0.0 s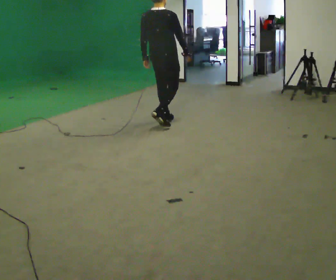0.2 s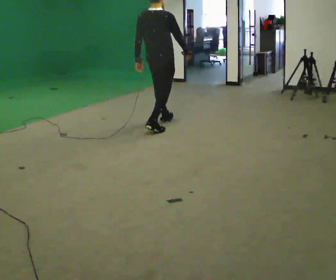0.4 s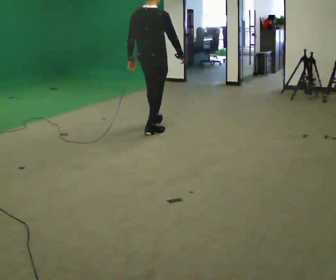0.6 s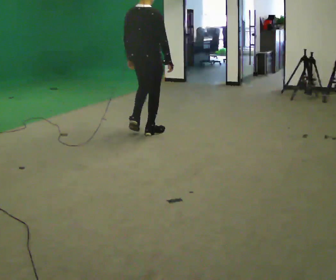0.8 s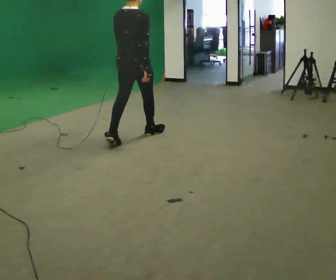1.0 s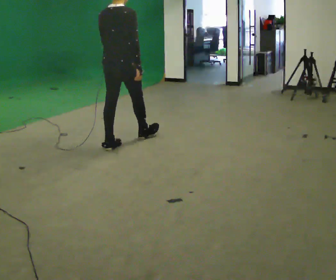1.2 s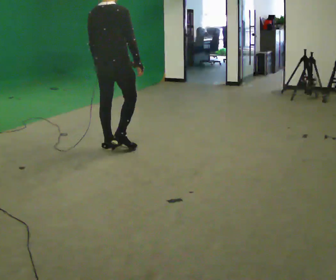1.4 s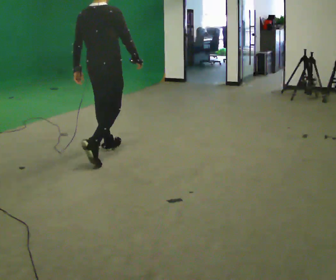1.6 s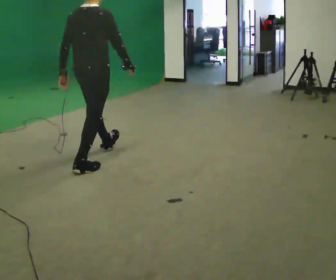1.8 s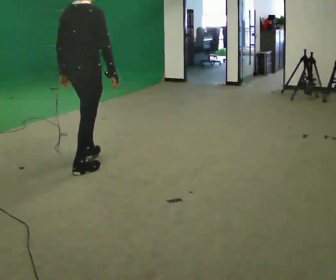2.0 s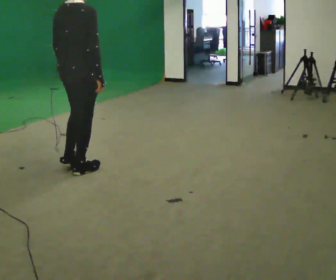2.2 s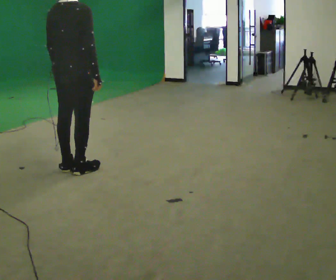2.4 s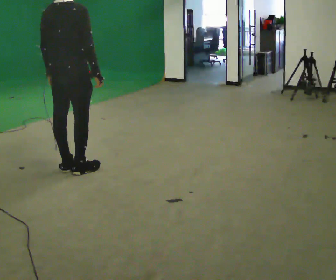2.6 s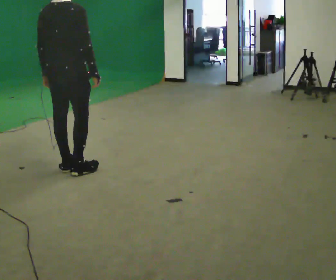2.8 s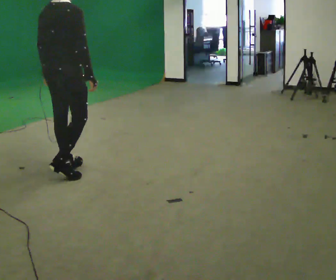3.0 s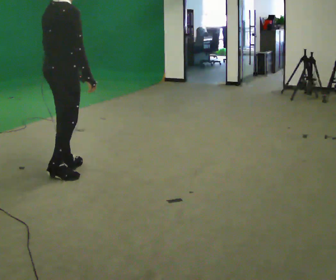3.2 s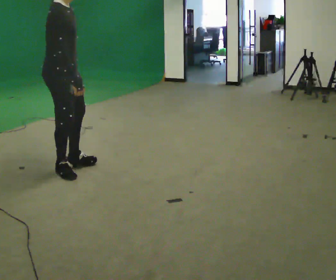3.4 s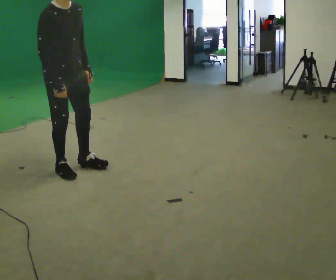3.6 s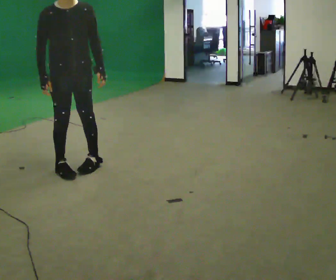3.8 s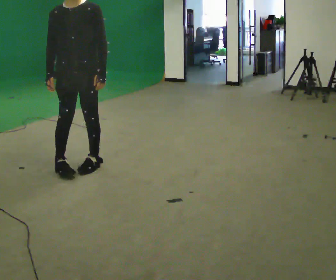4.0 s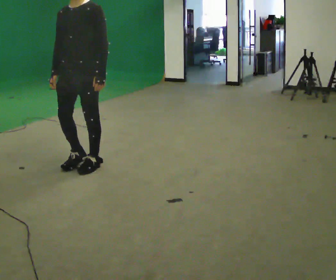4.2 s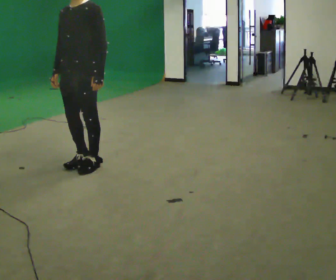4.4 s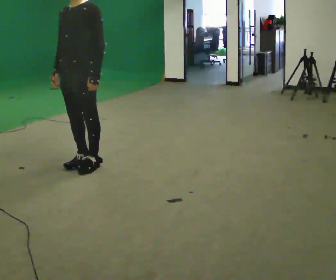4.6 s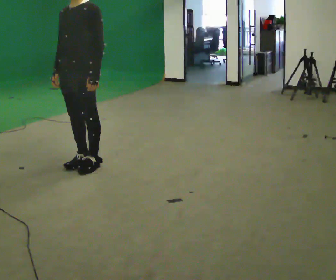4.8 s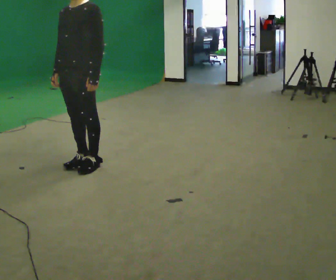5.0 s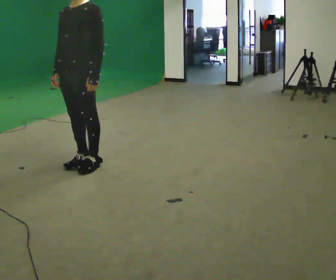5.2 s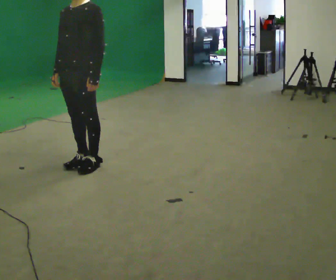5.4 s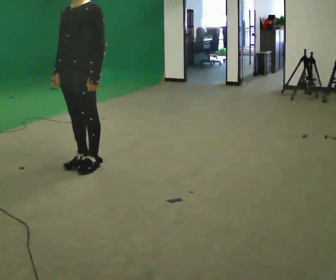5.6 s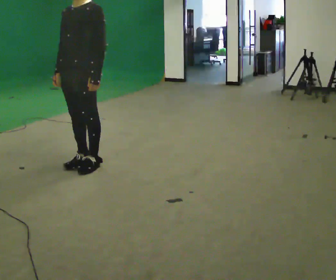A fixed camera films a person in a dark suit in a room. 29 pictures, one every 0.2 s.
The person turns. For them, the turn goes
to their right.
The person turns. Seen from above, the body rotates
clockwise.
0.0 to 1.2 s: In the picture they go toward the camera and to the left, about 1 m in 2 steps, which for them is backward.
1.2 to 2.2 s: In the picture they go toward the camera and to the left, about 0.75 m in 1 step, which for them is backward.
2.2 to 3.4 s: Seen from above the body turns clockwise, about 90 degrees: to their right, with its near side sliding to the left.
3.4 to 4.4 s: The part of the body nearest the lens slides to the left as the person turns to their right by about 90 degrees. In the picture they go to the right, about 0.25 m in 1 step.
4.4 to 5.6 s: The person keeps their place and pose.
The film runs backward here.
